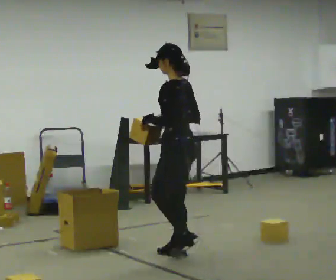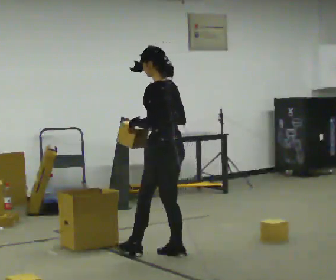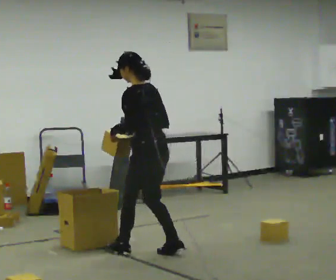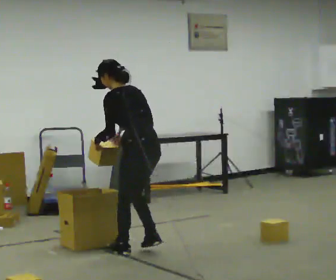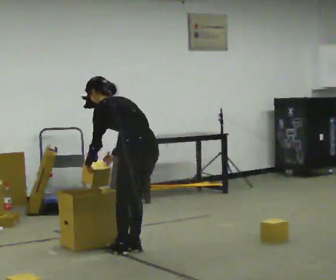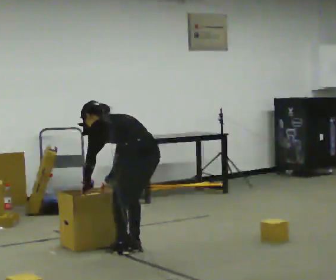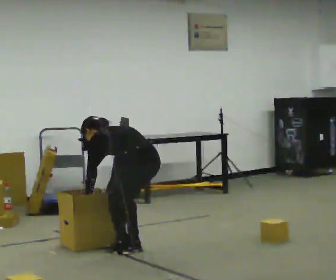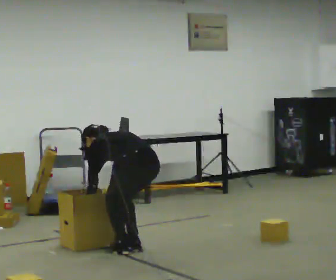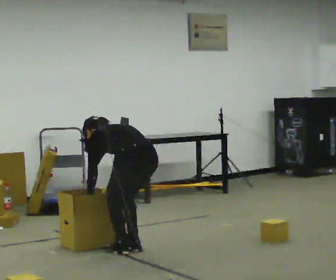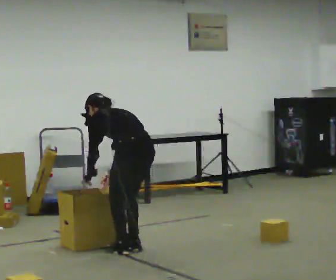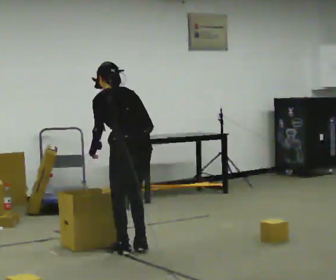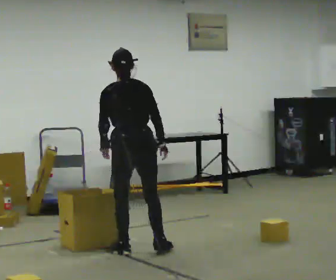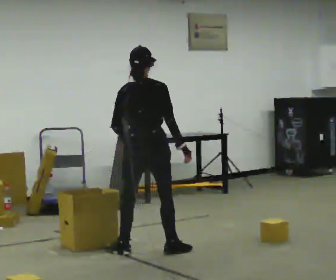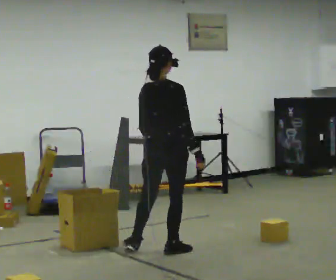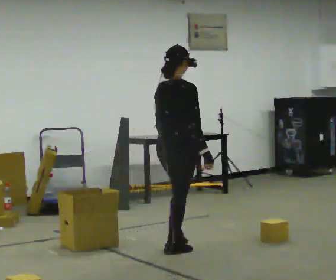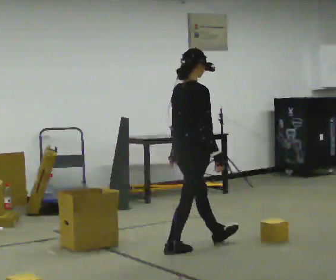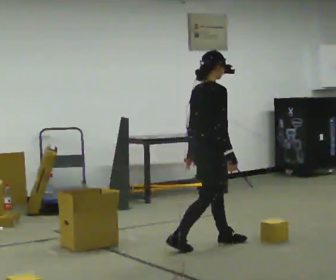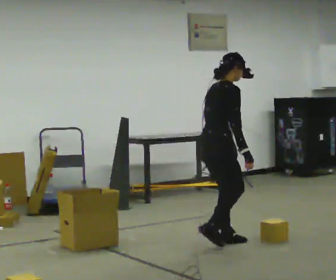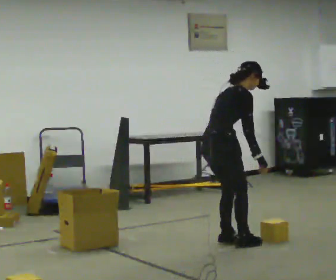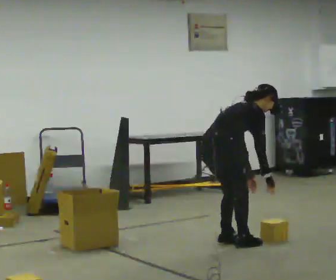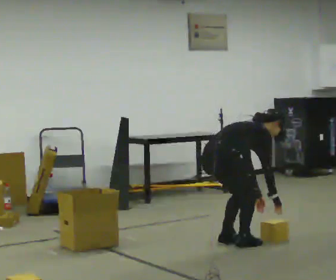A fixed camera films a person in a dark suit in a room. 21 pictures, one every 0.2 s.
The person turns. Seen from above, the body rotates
clockwise.
The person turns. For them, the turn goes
to their right.
0.0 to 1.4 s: In the picture they go to the left, about 0.25 m in 2 steps, which for them is forward and to their left. The shoulders move downward. The upper body tips away from the camera, its near side rolling upward, as they bend forward. In the picture their right hand goes downward.
1.4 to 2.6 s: The person turns about 75 degrees to their right, clockwise seen from above, so the part of the body nearest the lens slides to the left. In the picture they go to the right, about 0.25 m in 1 step. The upper body goes upward. The upper body tips toward the camera, its near side rolling downward, as they lean back or straighten. In the picture their right hand goes to the right and upward.
2.6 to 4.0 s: The part of the body nearest the lens slides to the left as the person turns to their right by about 30 degrees. In the picture they go to the right, about 0.5 m in 2 steps, which for them is forward. The shoulders move downward. In the picture the upper body tilts clockwise, shoulders to the right, as they bend forward. In the picture their left hand goes downward.
The film runs forward here.
